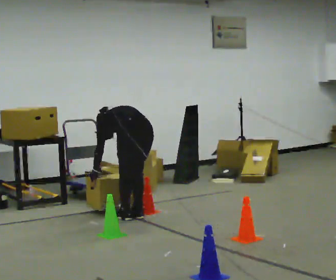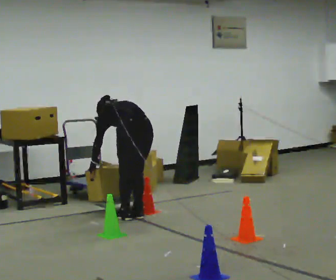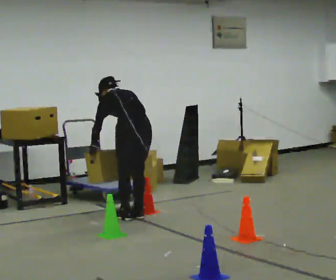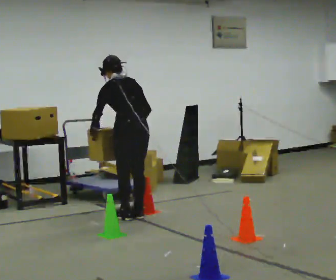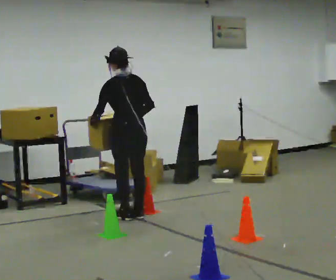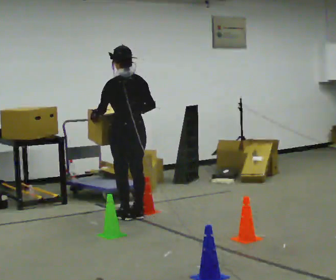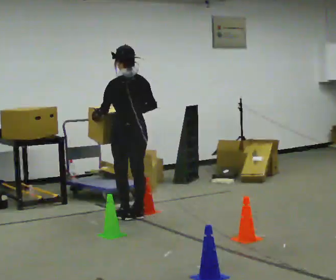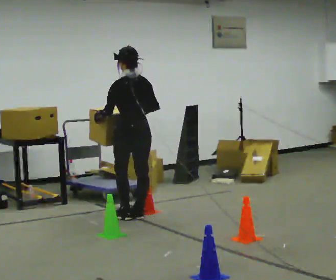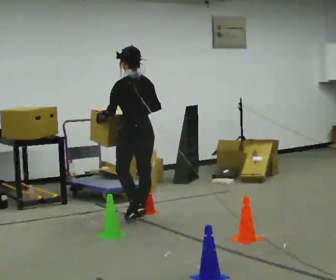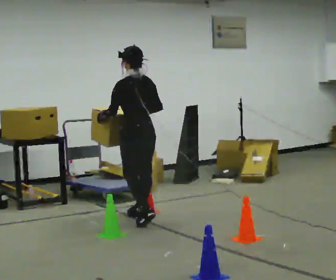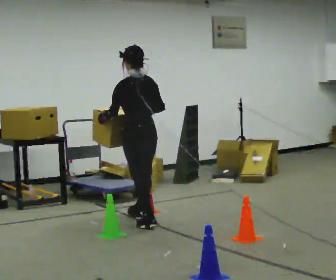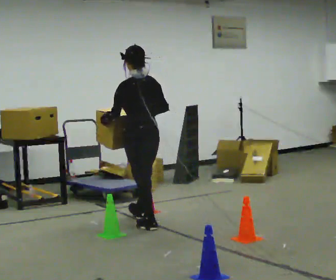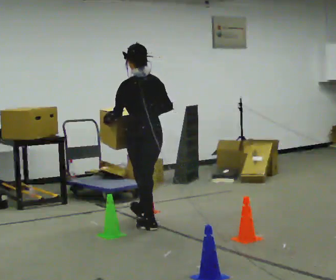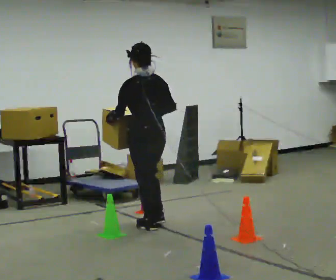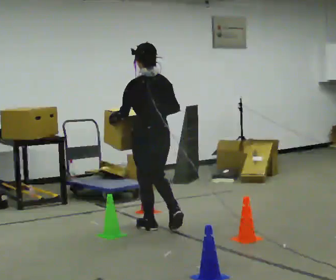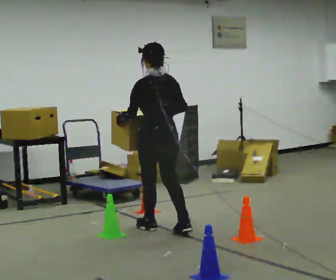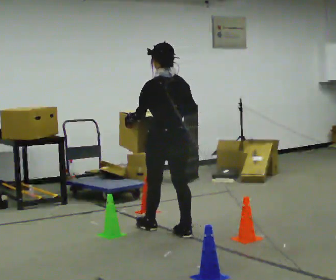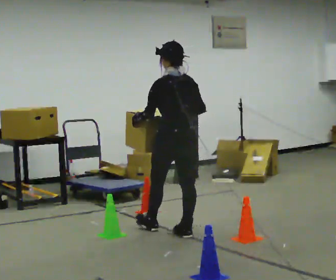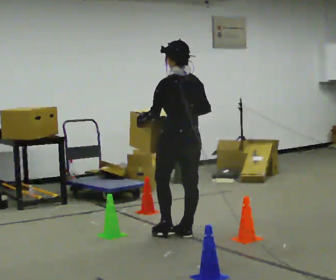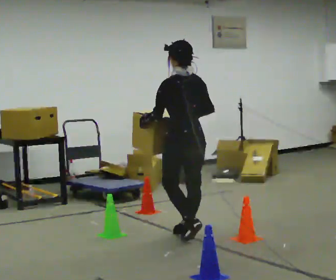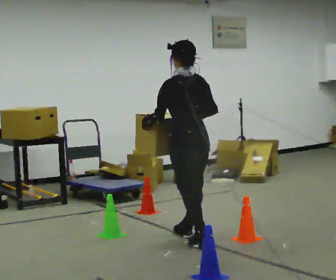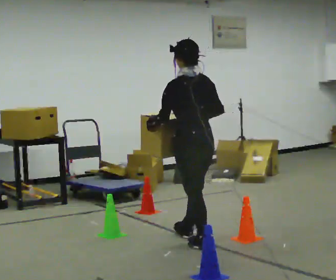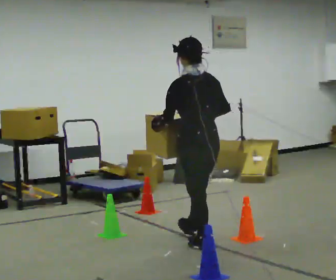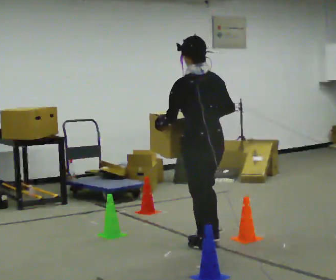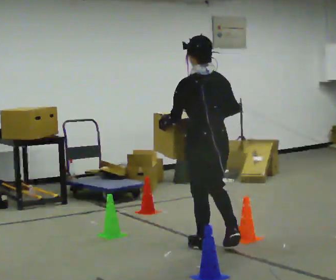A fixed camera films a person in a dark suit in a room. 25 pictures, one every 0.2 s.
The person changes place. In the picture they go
toward the camera.
The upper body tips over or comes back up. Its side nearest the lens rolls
downward.
0.0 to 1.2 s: The shoulders move upward. The upper body tips toward the camera, its near side rolling downward, as they lean back or straighten. In the picture their right hand goes upward.
1.2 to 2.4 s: In the picture they go toward the camera, about 0.5 m in 2 steps, which for them is backward.
2.4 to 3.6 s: In the picture they go toward the camera and to the right, about 0.5 m in 1 step, which for them is backward.
3.6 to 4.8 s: In the picture they go toward the camera and to the right, about 0.5 m in 1 step, which for them is backward.
The film runs backward here.
